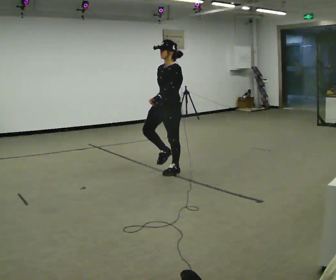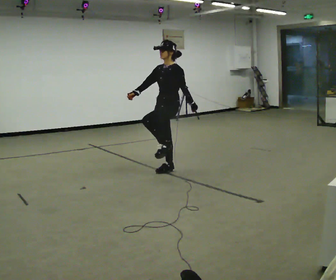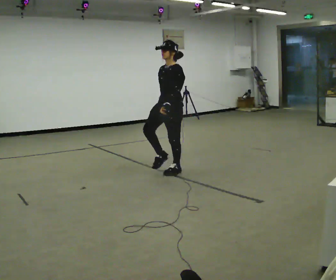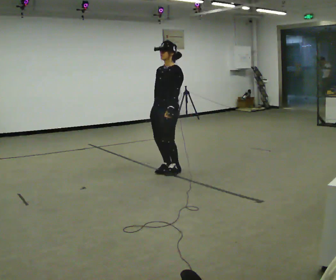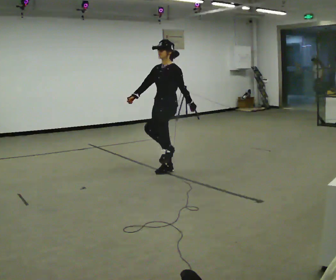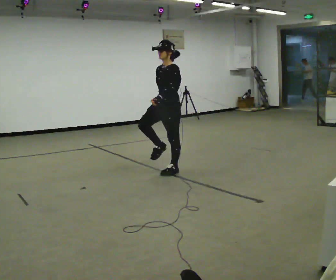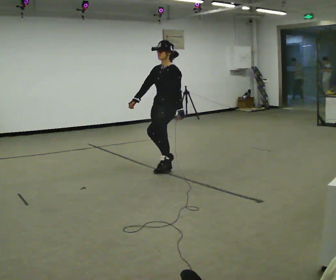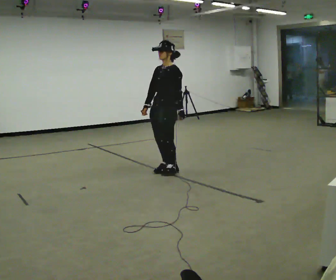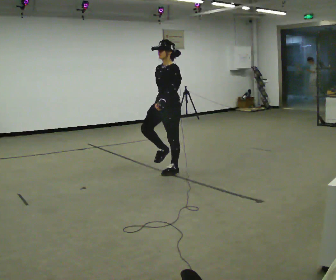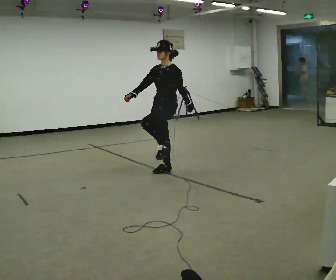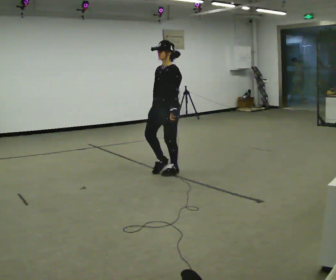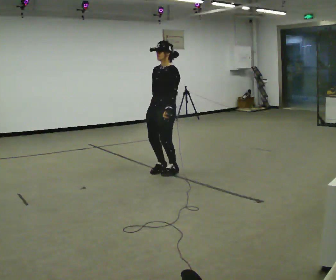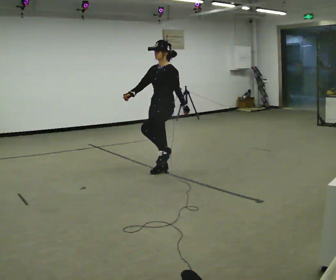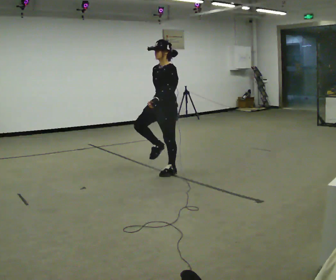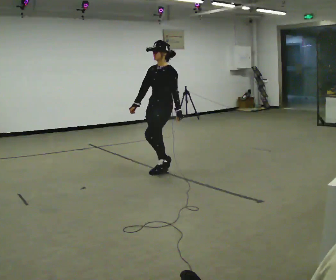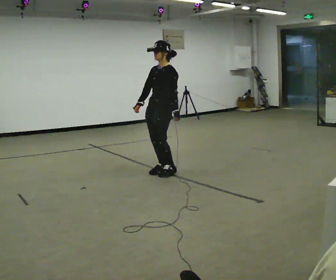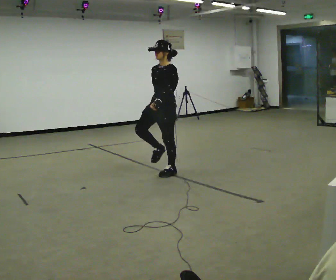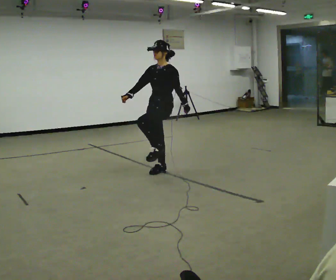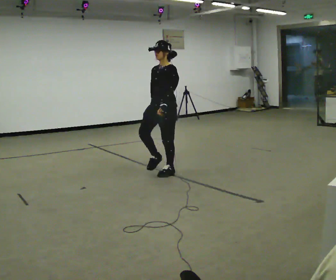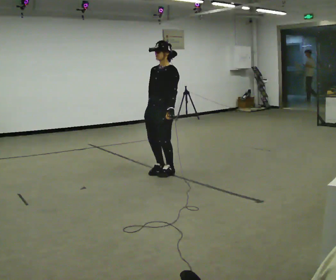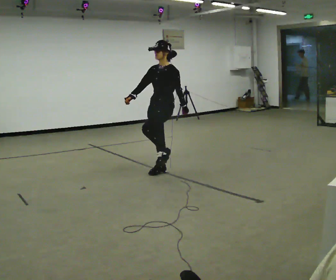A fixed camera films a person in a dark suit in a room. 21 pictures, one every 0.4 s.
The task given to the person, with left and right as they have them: March in place at a comfortable rhythm without moving forward; stop.
0.0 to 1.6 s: In the picture their left hand goes to the right.
1.6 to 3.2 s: In the picture their right hand goes to the right.
3.2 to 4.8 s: In the picture their right hand goes to the left.
4.8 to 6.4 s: In the picture their right hand goes to the right.
6.4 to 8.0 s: In the picture their right hand goes to the left.
The film runs forward here.
